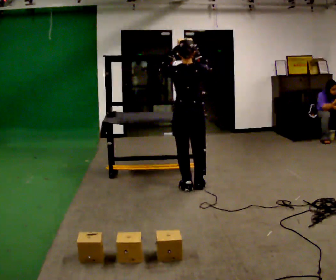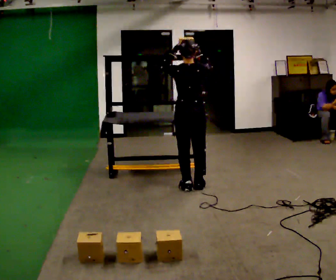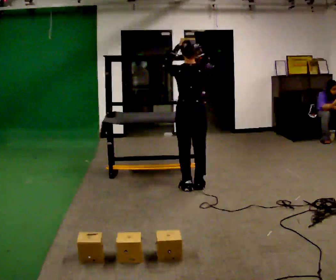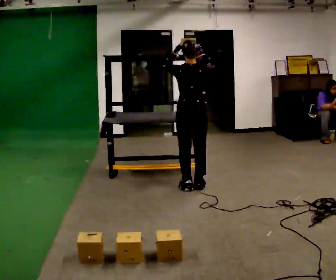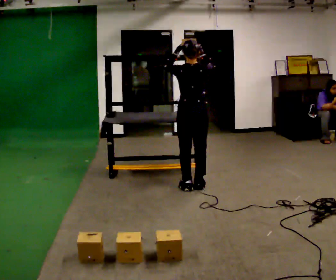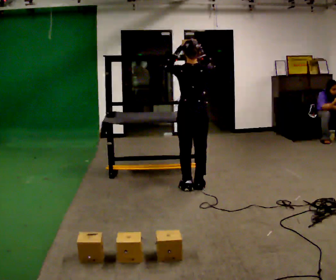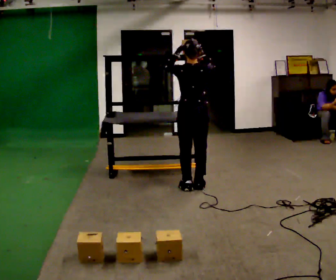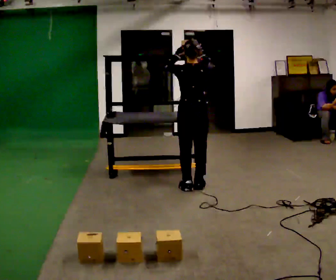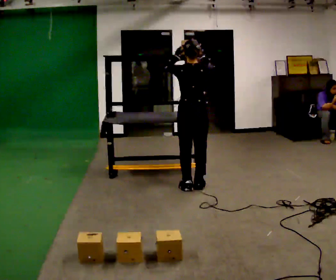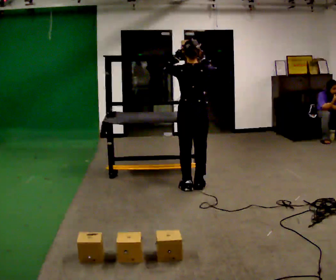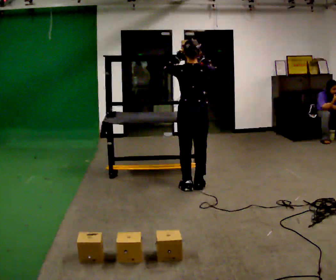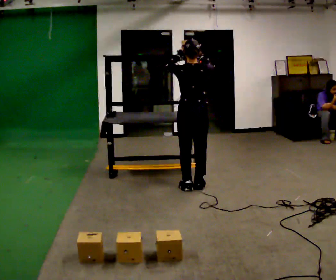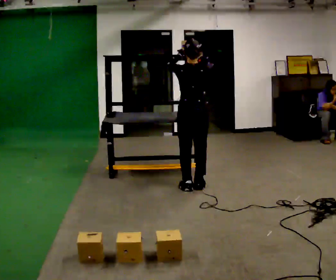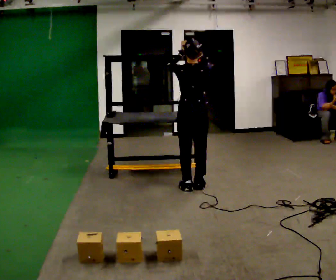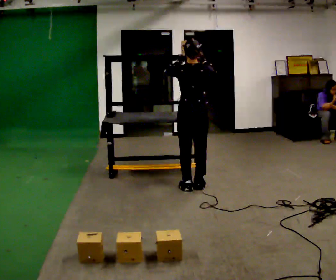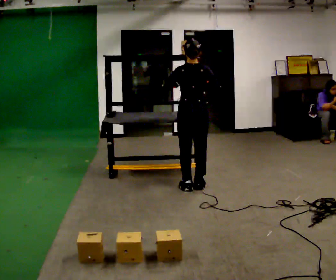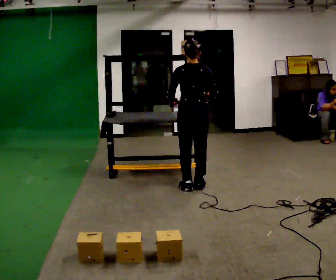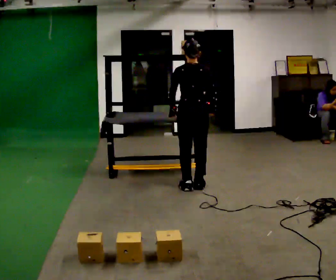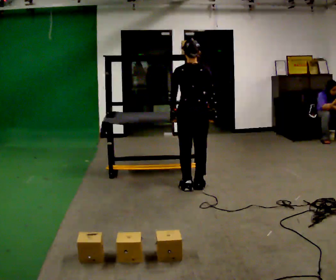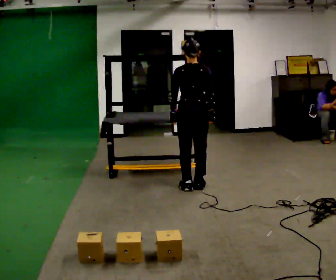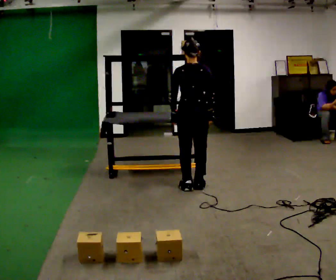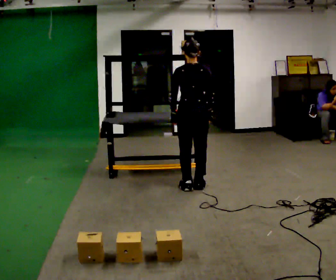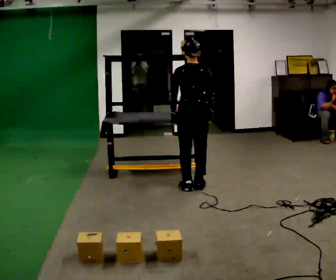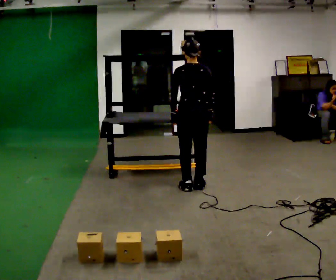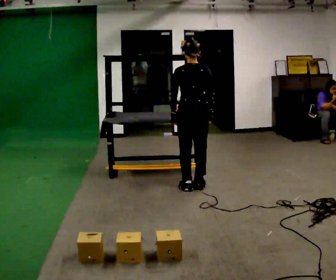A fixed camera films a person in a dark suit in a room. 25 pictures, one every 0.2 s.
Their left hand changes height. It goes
downward.
Their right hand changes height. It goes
downward.
0.0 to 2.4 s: The person moves a little, or ends about where they began.
2.4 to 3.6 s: In the picture their right hand goes downward.
3.6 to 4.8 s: The person moves a little, or ends about where they began.
The film runs forward here.
